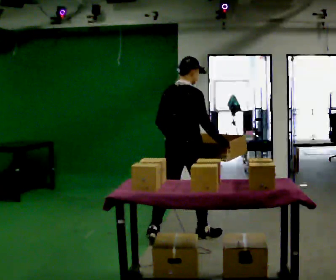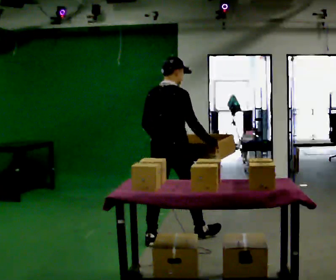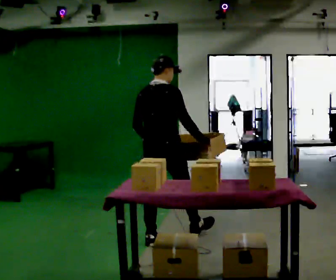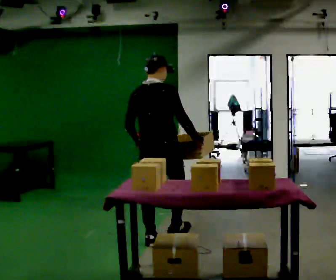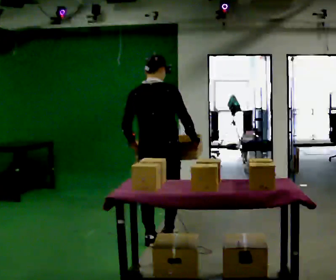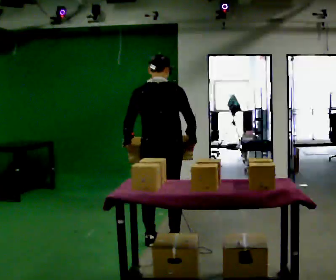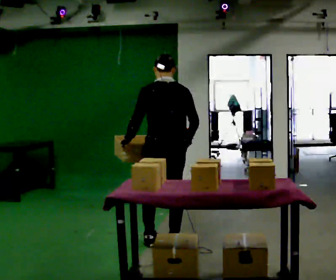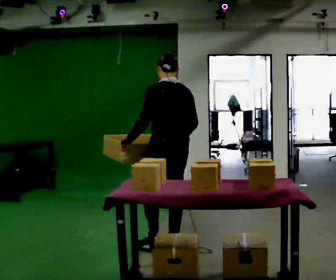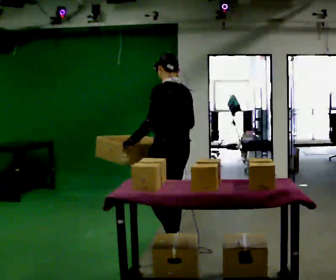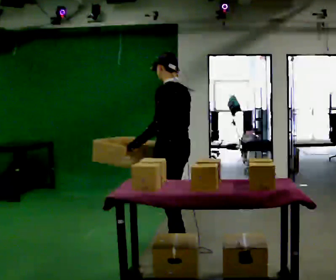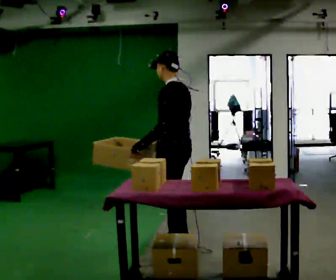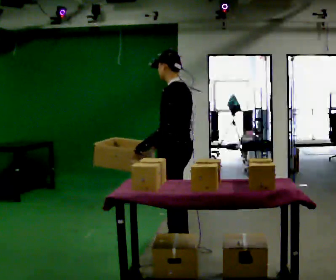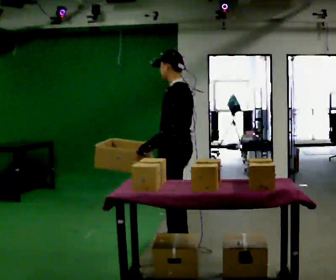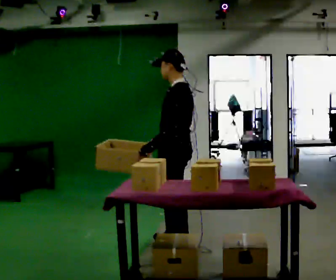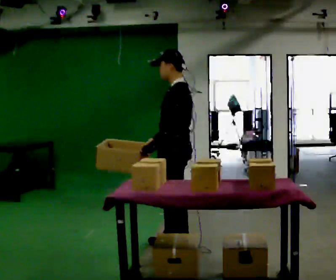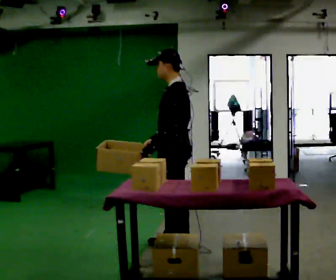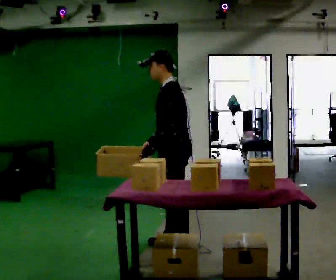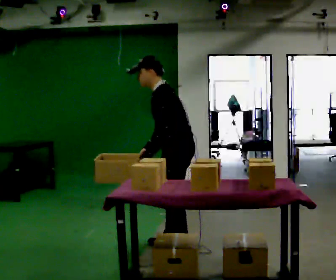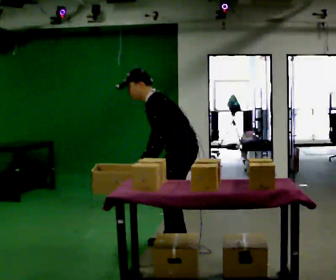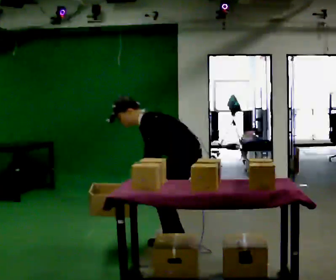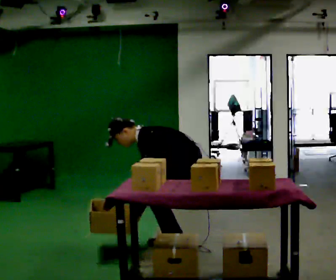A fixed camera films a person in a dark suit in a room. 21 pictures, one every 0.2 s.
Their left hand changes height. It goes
downward.
The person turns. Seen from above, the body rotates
counterclockwise.
0.0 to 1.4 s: Seen from above the body turns counterclockwise, about 75 degrees: to their left, with its near side sliding to the right. In the picture they go toward the camera, about 0.25 m in 2 steps.
1.4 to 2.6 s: The person turns about 60 degrees to their left, counterclockwise seen from above, so the part of the body nearest the lens slides to the right. In the picture they go toward the camera, about 0.25 m, which for them is to their left and backward.
2.6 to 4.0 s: The upper body goes downward. In the picture the upper body tilts counterclockwise, shoulders to the left, as they bend forward. In the picture their left hand goes downward.
The film runs backward here.
